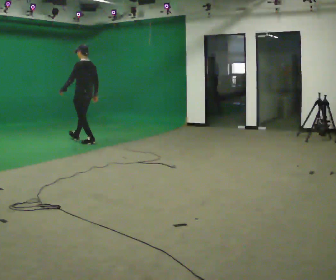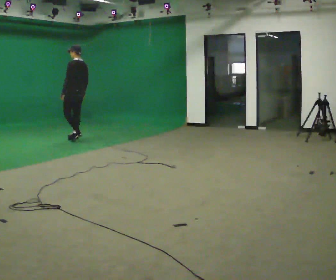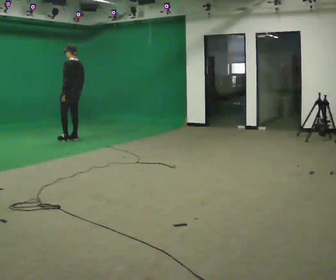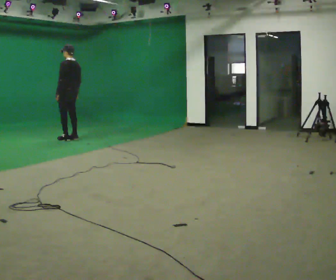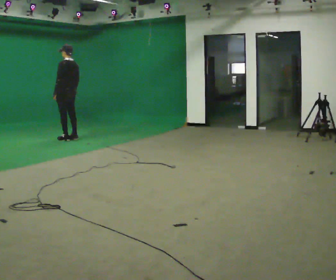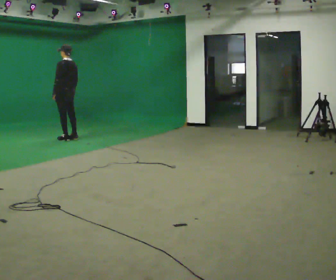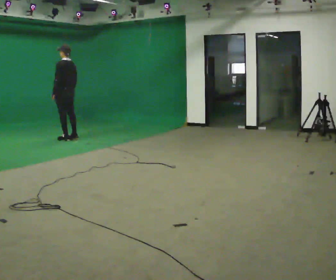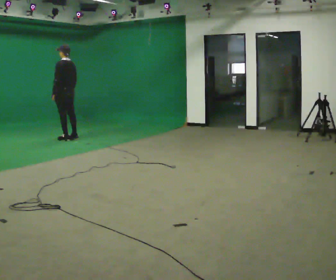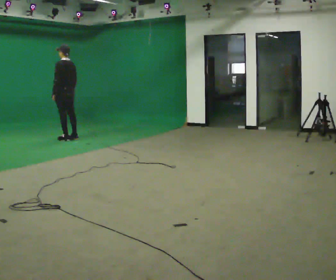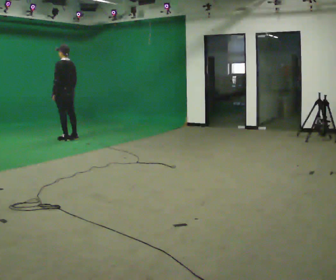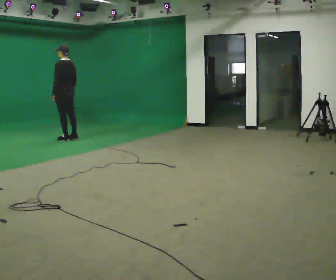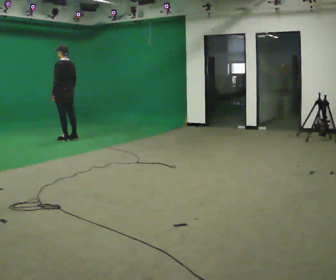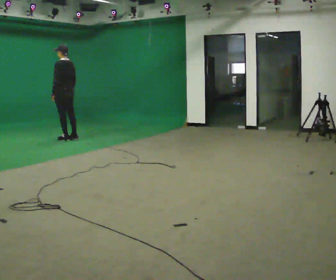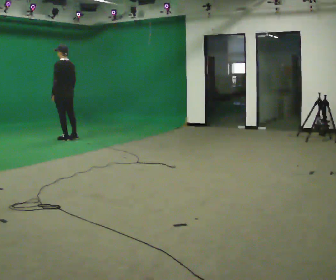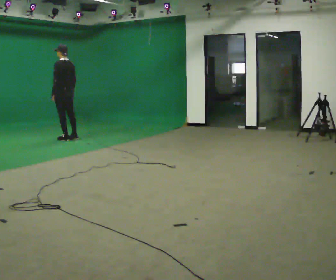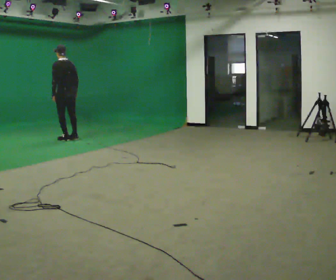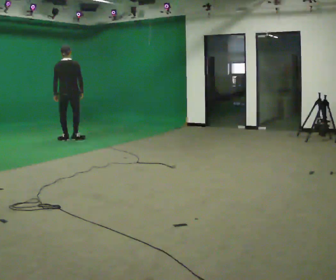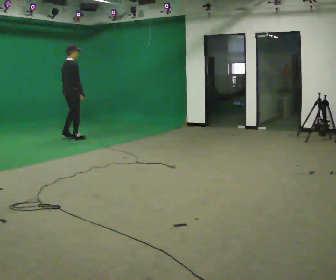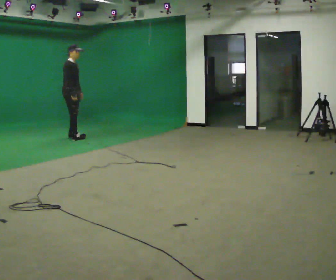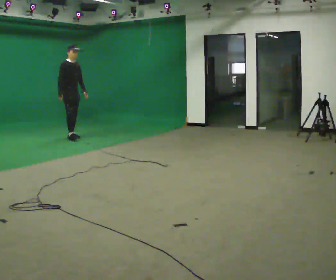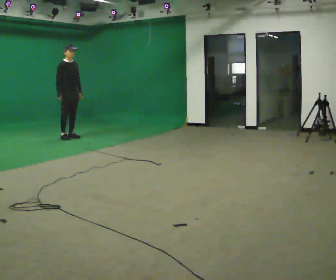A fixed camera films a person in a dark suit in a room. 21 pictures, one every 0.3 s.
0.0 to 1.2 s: In the picture they go away from the camera and to the left, about 0.5 m in 1 step, which for them is forward.
1.2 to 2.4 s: The person moves a little, or ends about where they began.
2.4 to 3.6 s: The person keeps their place and pose.
3.6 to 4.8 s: The part of the body nearest the lens slides to the left as the person turns to their right by about 60 degrees.
4.8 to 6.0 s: Seen from above the body turns clockwise, about 120 degrees: to their right, with its near side sliding to the left. In the picture they go away from the camera, about 0.25 m in 2 steps. In the picture their left hand goes to the right, the arm swinging counterclockwise.
The film runs forward here.
